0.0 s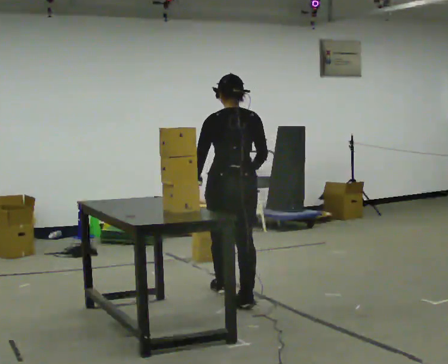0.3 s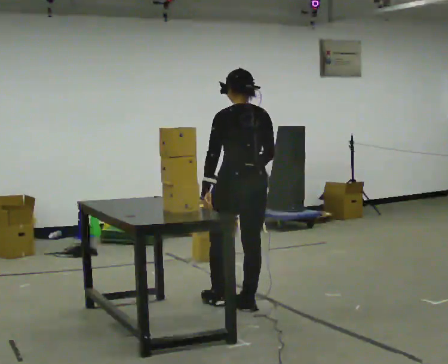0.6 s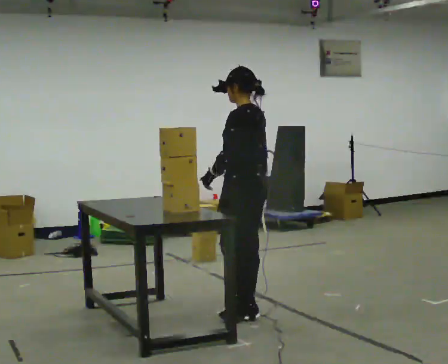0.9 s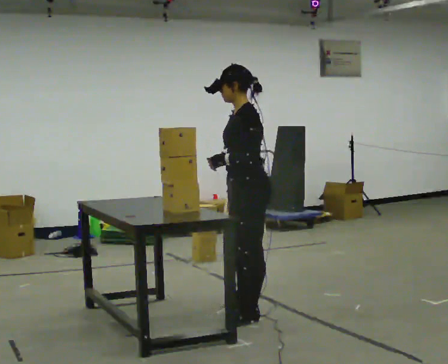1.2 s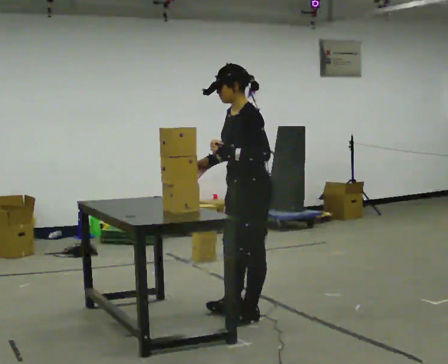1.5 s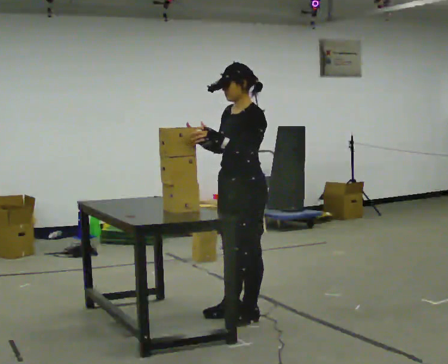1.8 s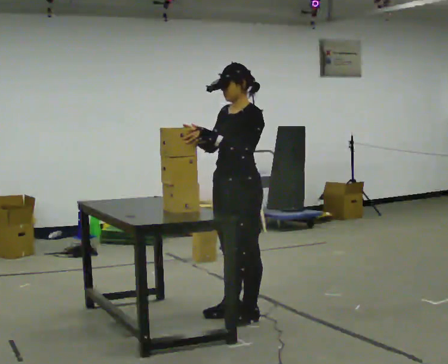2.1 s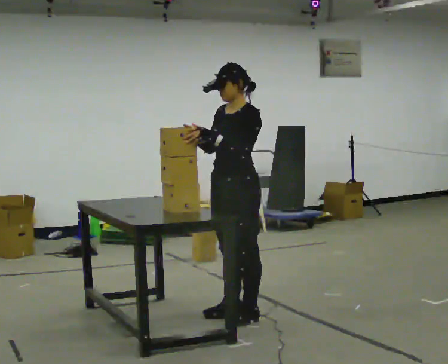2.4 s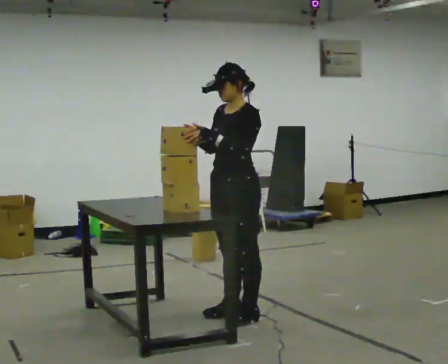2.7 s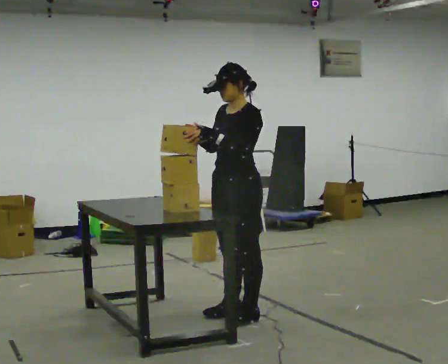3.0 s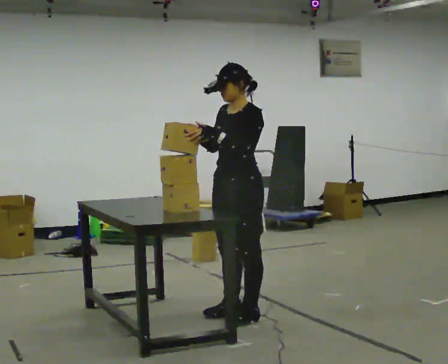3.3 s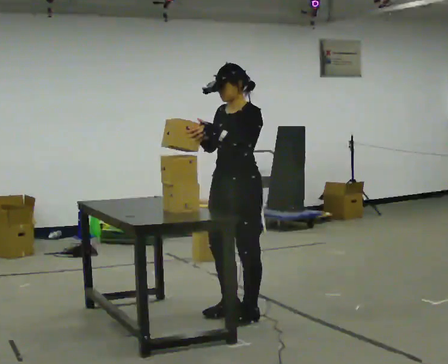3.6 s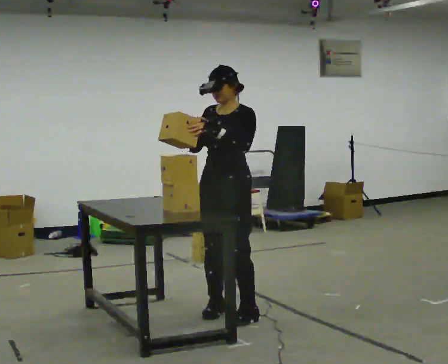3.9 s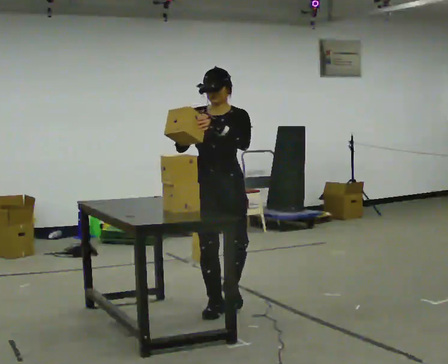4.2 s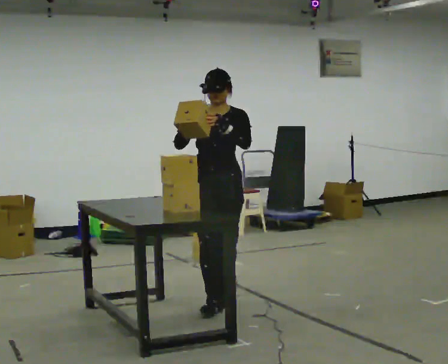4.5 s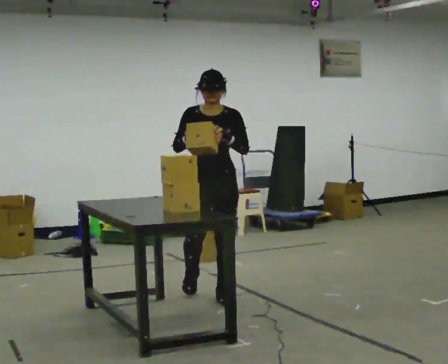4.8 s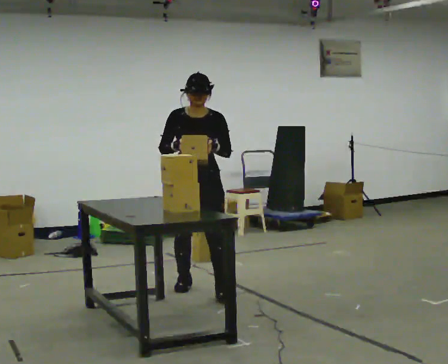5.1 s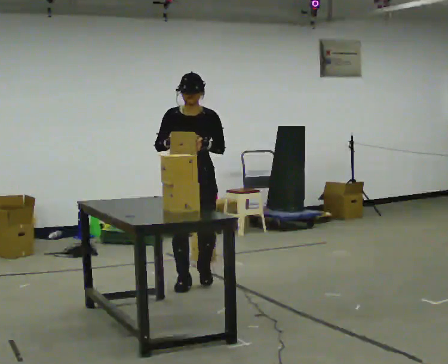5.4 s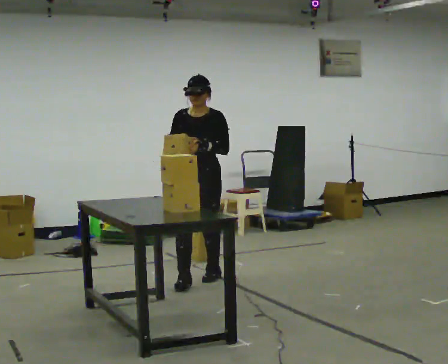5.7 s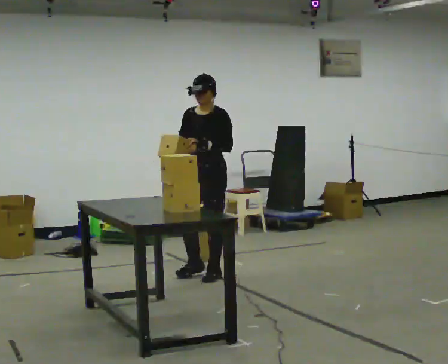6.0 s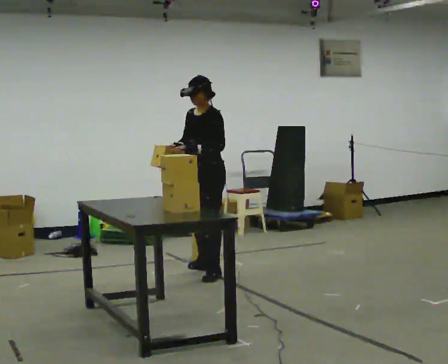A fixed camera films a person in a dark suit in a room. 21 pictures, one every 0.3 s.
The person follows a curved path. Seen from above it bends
clockwise.
0.0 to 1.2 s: The part of the body nearest the lens slides to the right as the person turns to their left by about 90 degrees. In the picture they go toward the camera, about 0.5 m in 1 step.
1.2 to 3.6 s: The part of the body nearest the lens slides to the right as the person turns to their left by about 45 degrees. In the picture they go to the left, about 0.25 m in 1 step, which for them is to their right.
3.6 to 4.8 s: Seen from above the body turns counterclockwise, about 30 degrees: to their left, with its near side sliding to the right. In the picture they go away from the camera, about 0.75 m in 3 steps, which for them is backward and to their right.
4.8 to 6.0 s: The part of the body nearest the lens slides to the left as the person turns to their right by about 60 degrees. In the picture they go away from the camera, about 0.5 m in 1 step.
The film runs backward here.
